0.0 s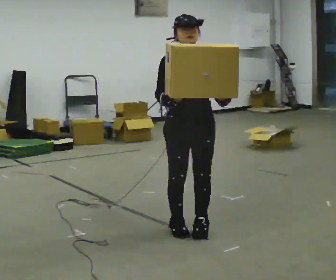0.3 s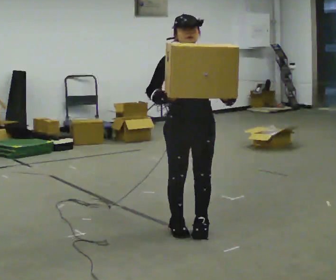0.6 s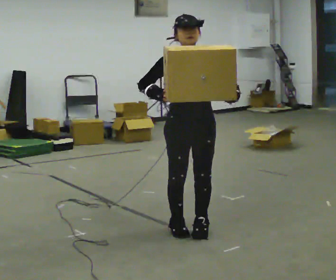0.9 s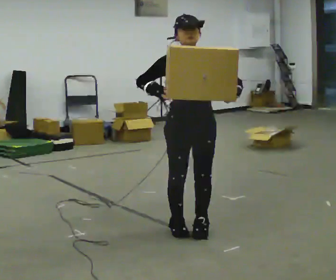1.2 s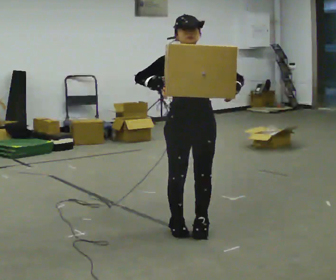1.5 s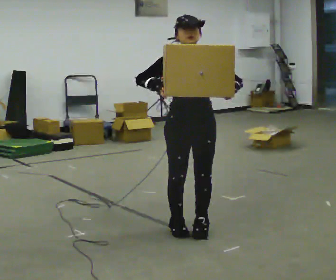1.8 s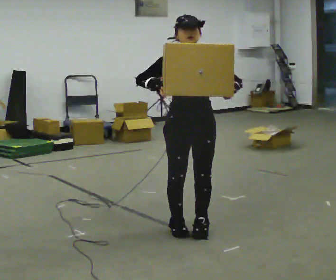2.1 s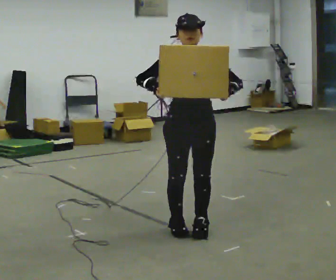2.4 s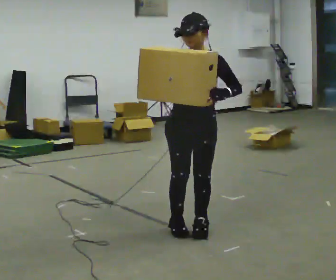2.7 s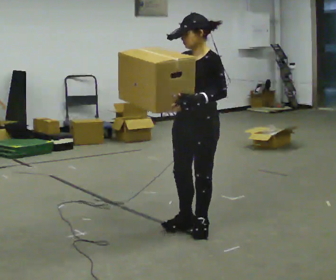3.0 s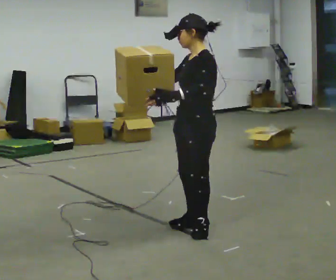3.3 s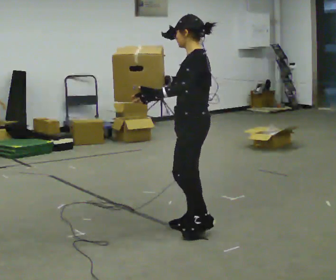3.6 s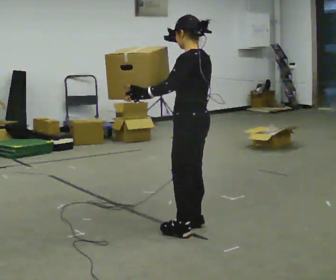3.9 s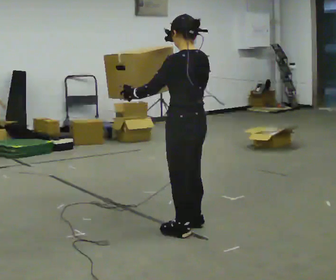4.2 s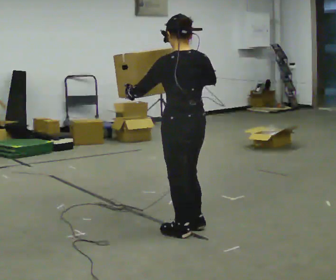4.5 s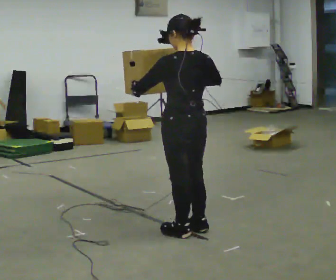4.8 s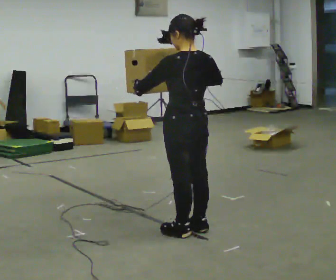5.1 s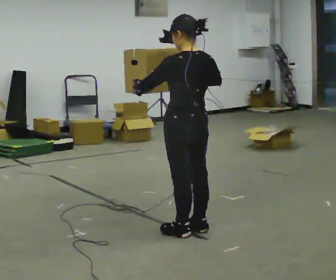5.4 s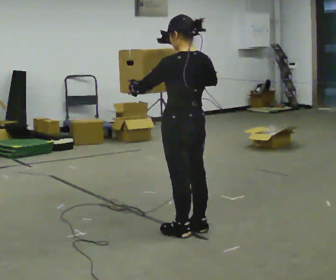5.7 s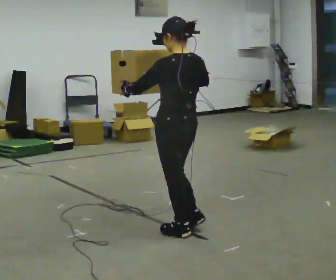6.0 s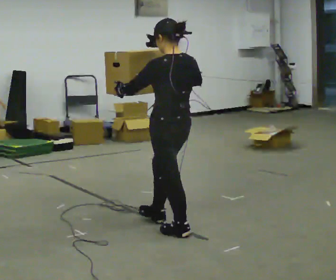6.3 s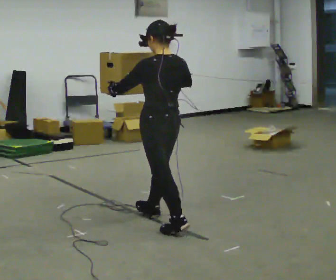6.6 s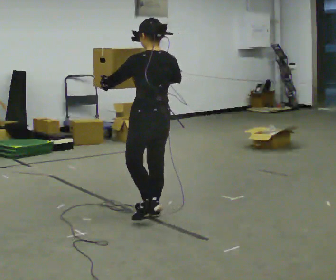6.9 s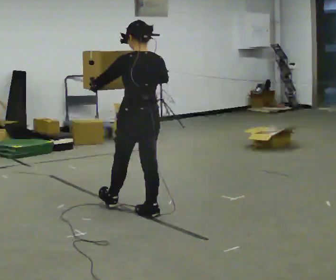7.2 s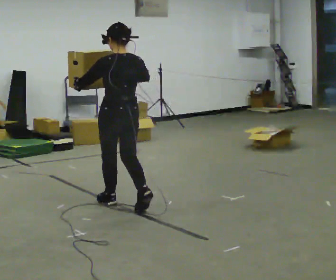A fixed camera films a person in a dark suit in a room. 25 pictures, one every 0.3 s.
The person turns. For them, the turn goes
to their right.
The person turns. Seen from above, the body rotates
clockwise.
0.0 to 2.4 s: The person moves a little, or ends about where they began.
2.4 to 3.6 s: The part of the body nearest the lens slides to the left as the person turns to their right by about 90 degrees. In the picture their left hand goes to the left.
3.6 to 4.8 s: The person turns about 30 degrees to their right, clockwise seen from above, so the part of the body nearest the lens slides to the left.
4.8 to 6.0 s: The person moves a little, or ends about where they began.
6.0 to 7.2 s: In the picture they go away from the camera and to the left, about 0.5 m in 2 steps, which for them is forward.
The film runs forward here.
